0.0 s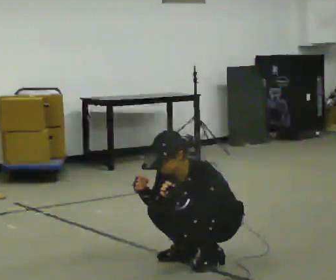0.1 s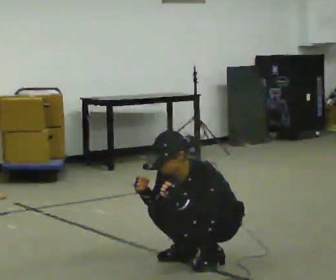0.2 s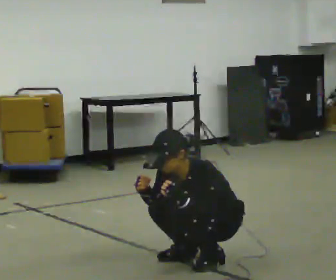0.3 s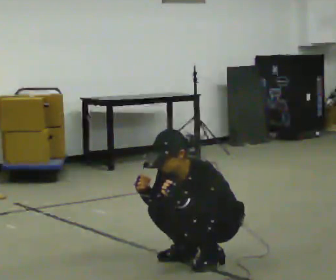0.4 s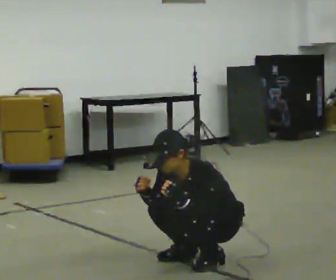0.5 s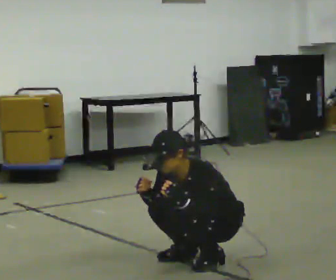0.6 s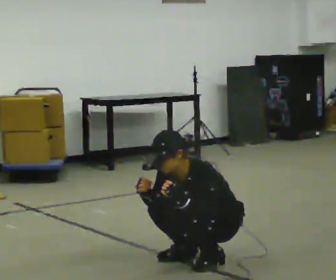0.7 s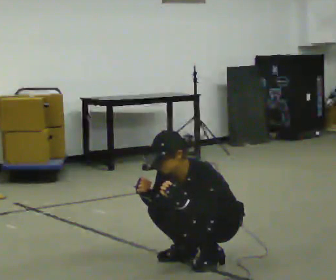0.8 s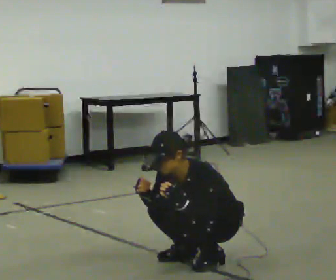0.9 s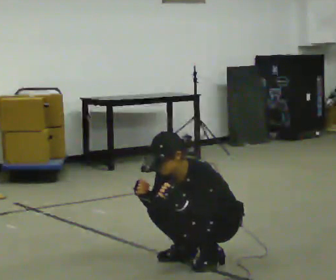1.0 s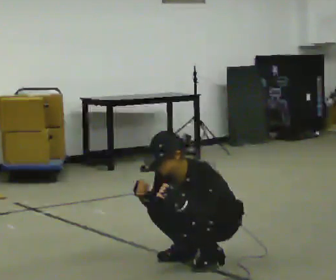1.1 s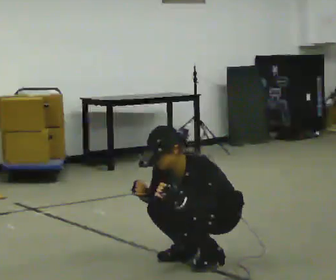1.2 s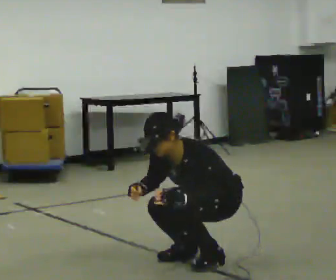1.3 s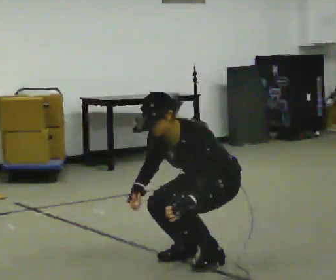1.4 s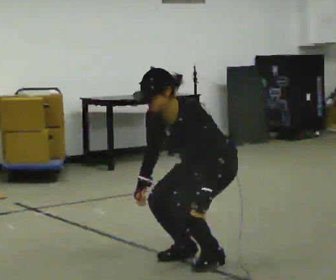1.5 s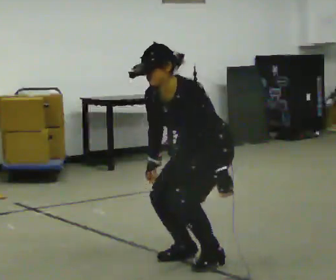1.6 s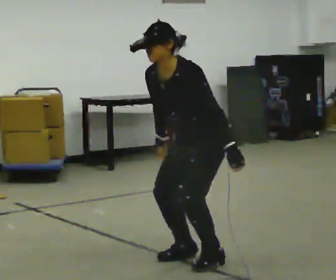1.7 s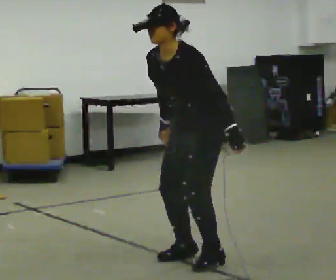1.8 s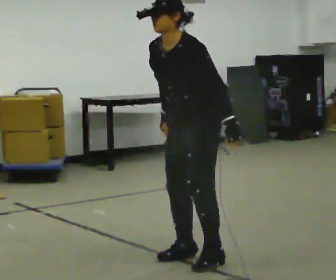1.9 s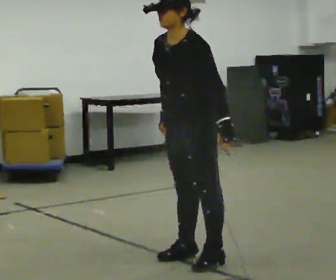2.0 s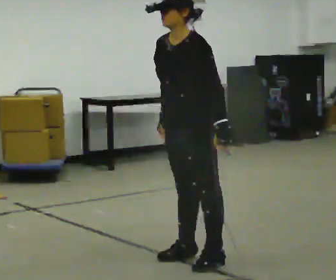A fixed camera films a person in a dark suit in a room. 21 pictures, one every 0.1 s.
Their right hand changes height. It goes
upward.
The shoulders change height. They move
upward.
0.0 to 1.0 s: The person keeps their place and pose.
1.0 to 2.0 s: In the picture they go to the left, about 0.25 m, which for them is forward. The upper body goes upward. The upper body tips away from the camera, its near side rolling upward, as they lean back or straighten. In the picture their left hand goes upward.
The film runs forward here.
